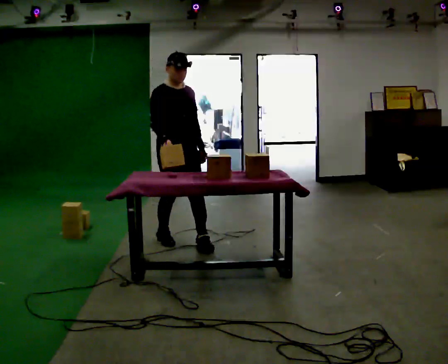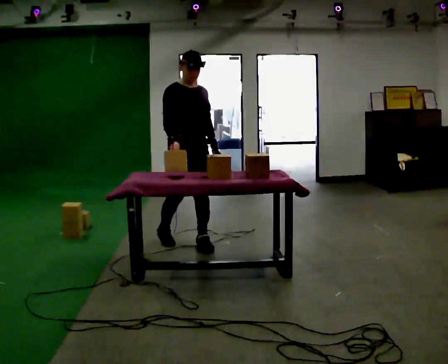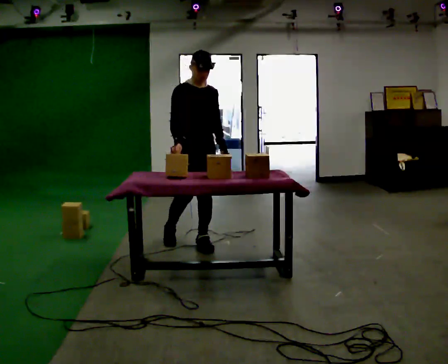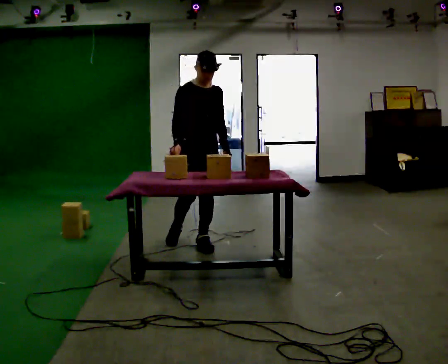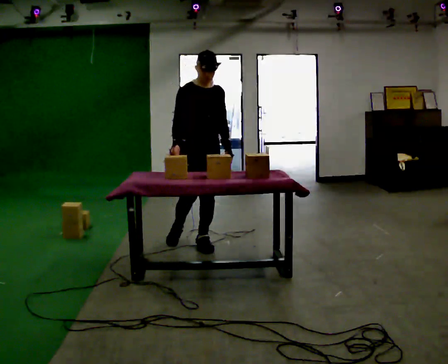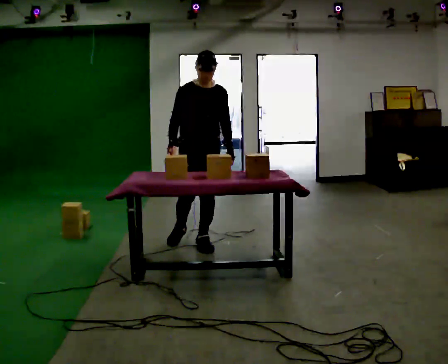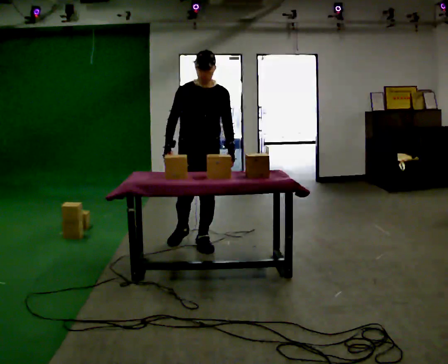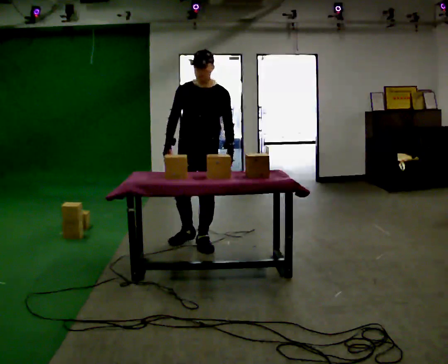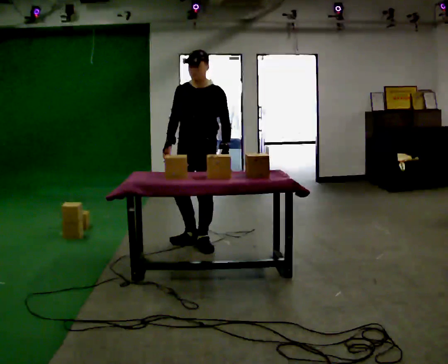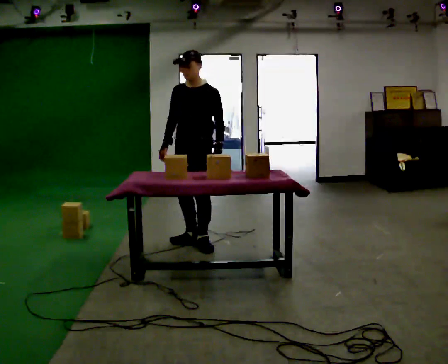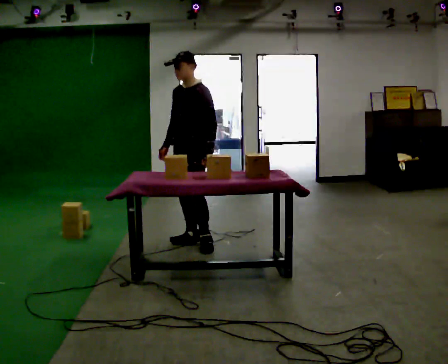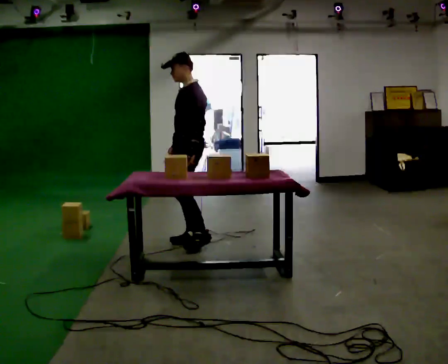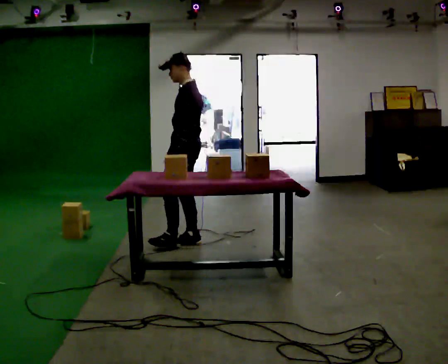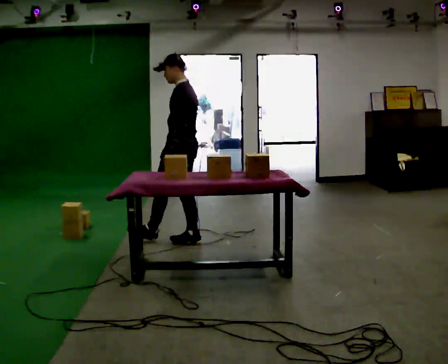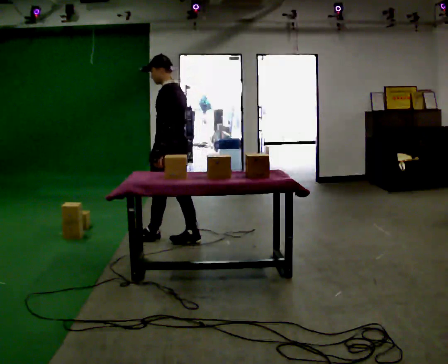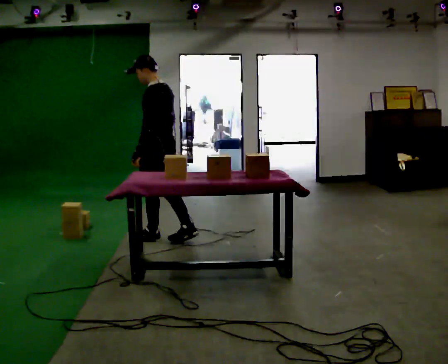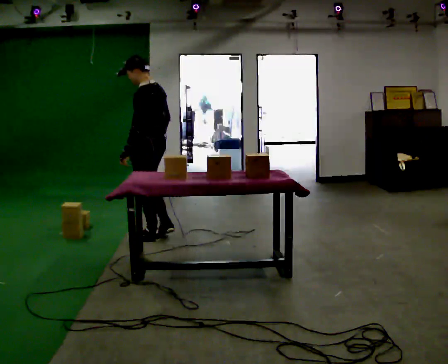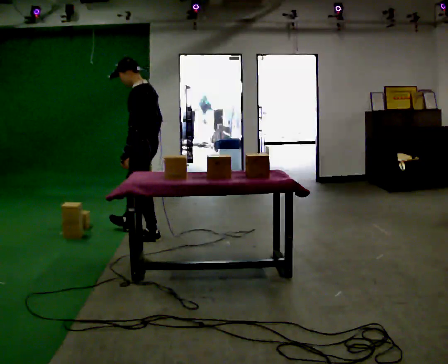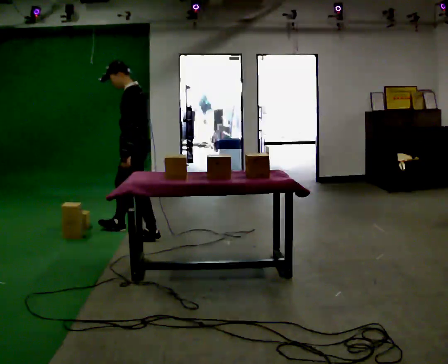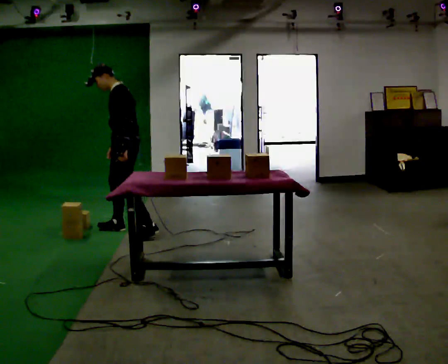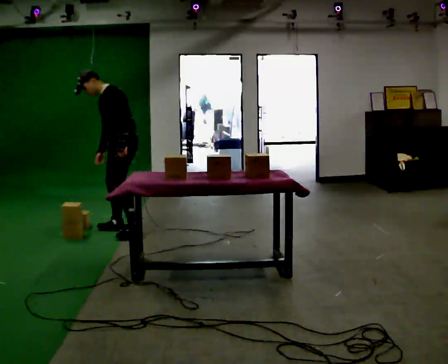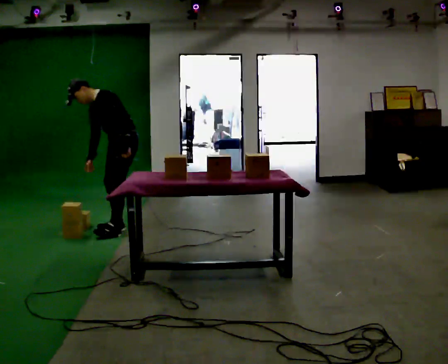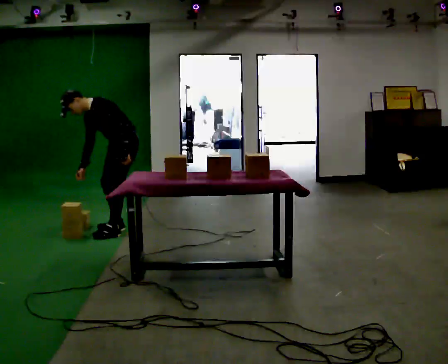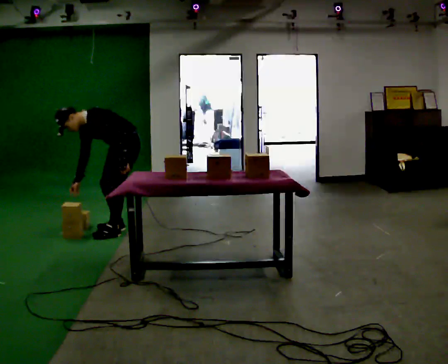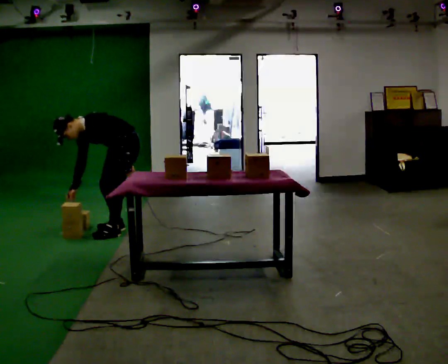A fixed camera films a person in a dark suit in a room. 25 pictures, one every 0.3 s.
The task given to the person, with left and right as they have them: Pick the object up off the floor using only the hand the operator calls, then carry it to the table in that same hand. Keep going until the operator says stop; one object at a time, and do not rush between trips.
0.0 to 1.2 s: In the picture they go to the right, about 0.25 m in 1 step, which for them is to their left and forward.
1.2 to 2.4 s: The part of the body nearest the lens slides to the left as the person turns to their right by about 45 degrees.
2.4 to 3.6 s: The person turns about 60 degrees to their right, clockwise seen from above, so the part of the body nearest the lens slides to the left.
3.6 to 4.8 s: In the picture they go to the left, about 0.25 m in 1 step, which for them is forward.
4.8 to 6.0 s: The part of the body nearest the lens slides to the right as the person turns to their left by about 45 degrees. In the picture they go away from the camera and to the left, about 0.5 m in 1 step, which for them is to their right and forward. In the picture the upper body tilts counterclockwise, shoulders to the left, as they bend forward.
6.0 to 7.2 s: The shoulders move downward. The upper body tips toward the camera, its near side rolling downward, as they bend forward.
The film runs forward here.
